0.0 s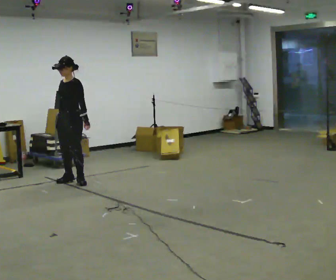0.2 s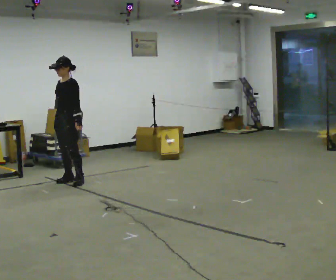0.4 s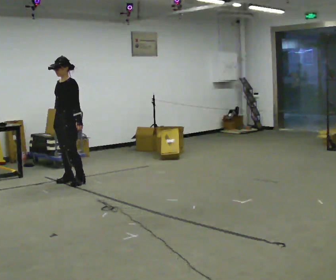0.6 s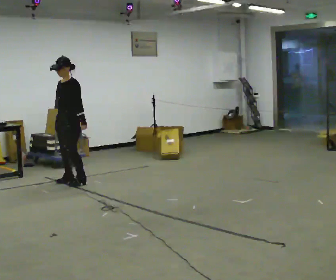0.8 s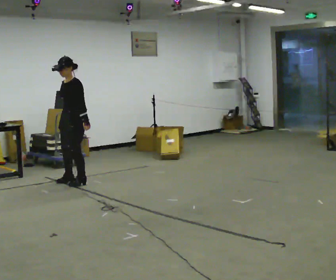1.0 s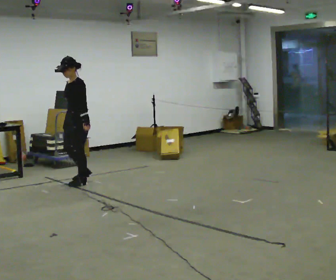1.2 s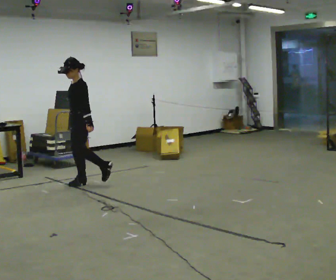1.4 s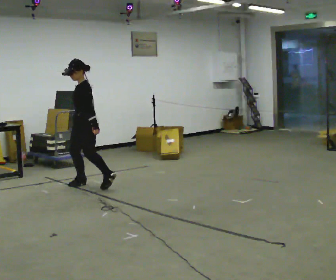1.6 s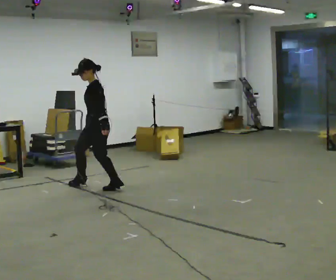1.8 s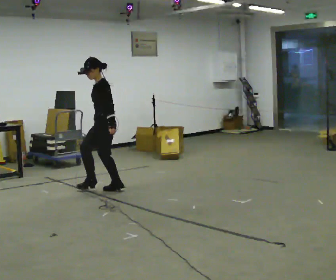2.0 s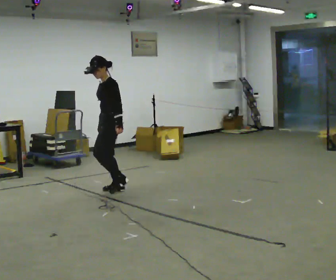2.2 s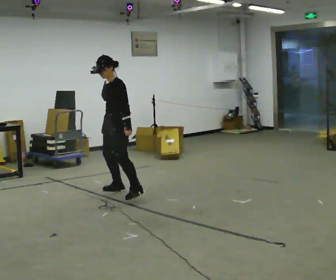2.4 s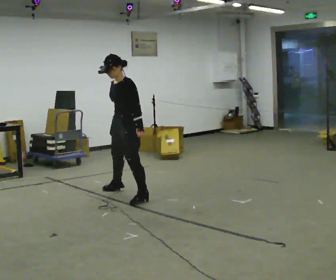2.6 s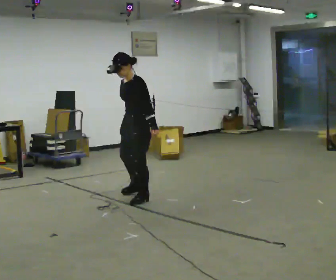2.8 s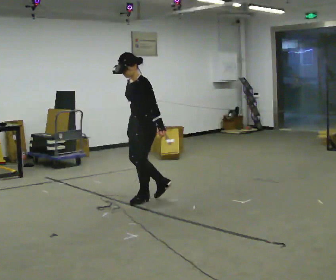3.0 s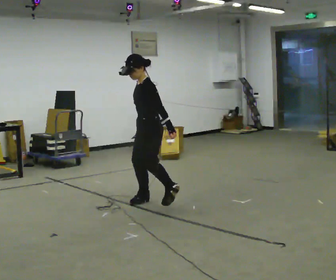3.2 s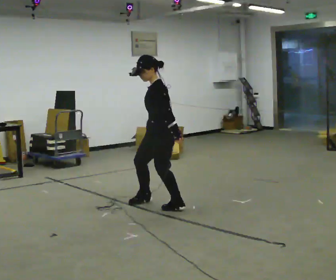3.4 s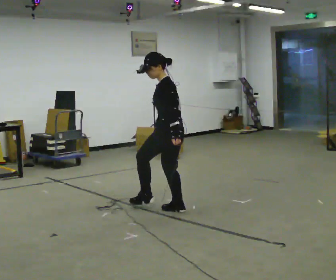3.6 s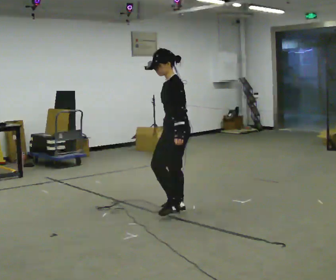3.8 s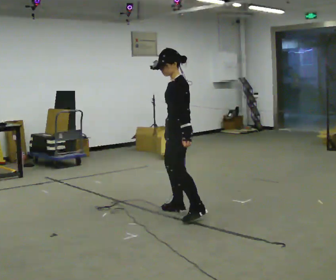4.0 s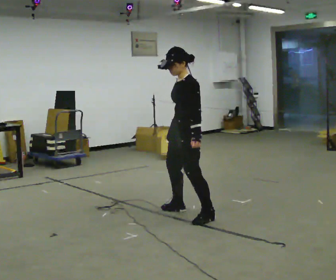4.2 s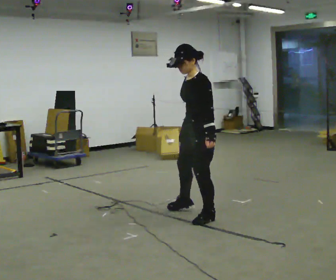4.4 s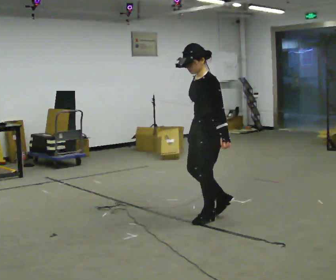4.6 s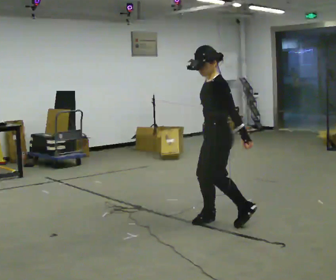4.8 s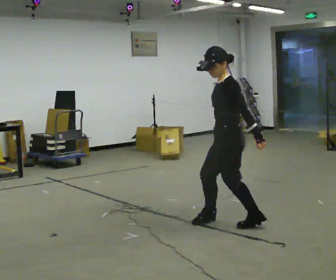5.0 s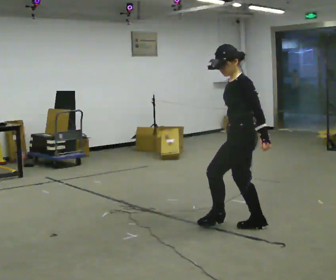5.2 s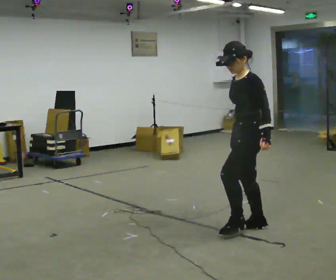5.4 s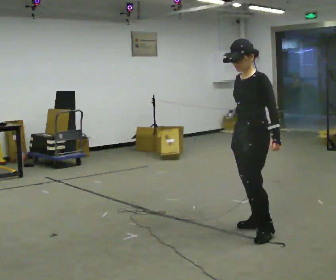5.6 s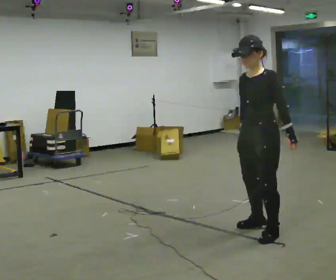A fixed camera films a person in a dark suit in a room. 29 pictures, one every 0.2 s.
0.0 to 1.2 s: Seen from above the body turns clockwise, about 45 degrees: to their right, with its near side sliding to the left. In the picture they go toward the camera and to the right, about 0.25 m, which for them is to their left.
1.2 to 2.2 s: The part of the body nearest the lens slides to the right as the person turns to their left by about 30 degrees. In the picture they go to the right and toward the camera, about 0.75 m in 1 step, which for them is backward and to their left.
2.2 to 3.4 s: The person turns about 45 degrees to their right, clockwise seen from above, so the part of the body nearest the lens slides to the left. In the picture they go toward the camera and to the right, about 1 m in 2 steps, which for them is to their left and backward.
3.4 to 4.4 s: The person turns about 30 degrees to their left, counterclockwise seen from above, so the part of the body nearest the lens slides to the right. In the picture they go toward the camera and to the right, about 0.5 m in 1 step, which for them is to their left and backward.
4.4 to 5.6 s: The part of the body nearest the lens slides to the right as the person turns to their left by about 30 degrees. In the picture they go toward the camera and to the right, about 0.5 m in 2 steps, which for them is backward and to their left.
The film runs forward here.
